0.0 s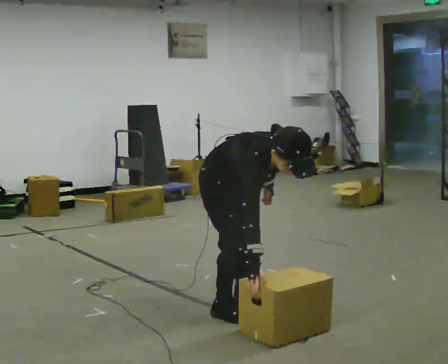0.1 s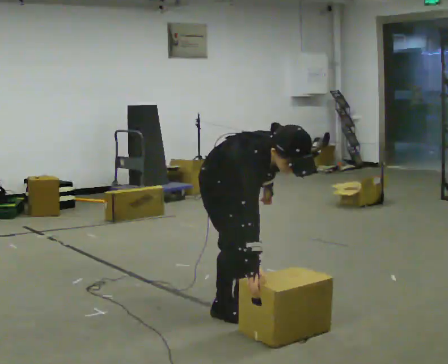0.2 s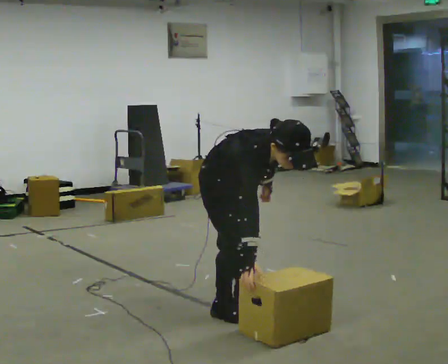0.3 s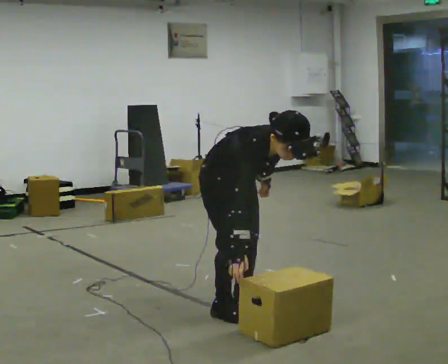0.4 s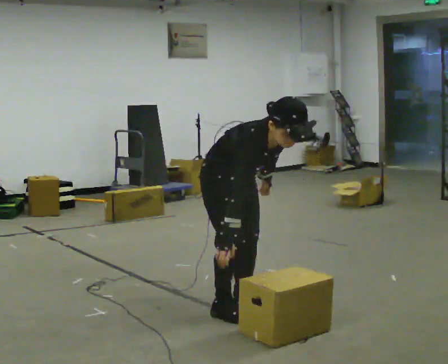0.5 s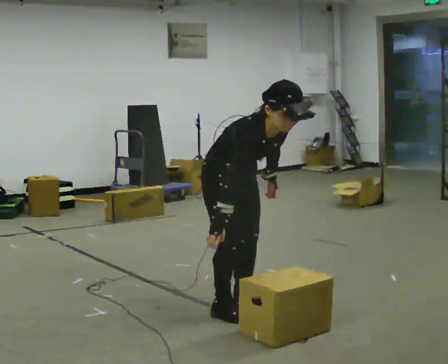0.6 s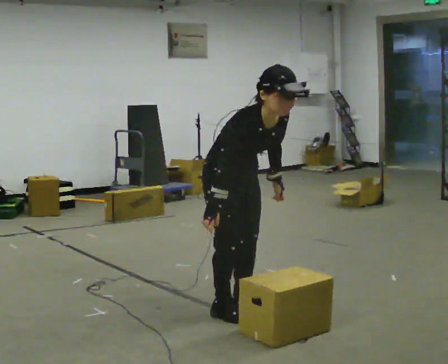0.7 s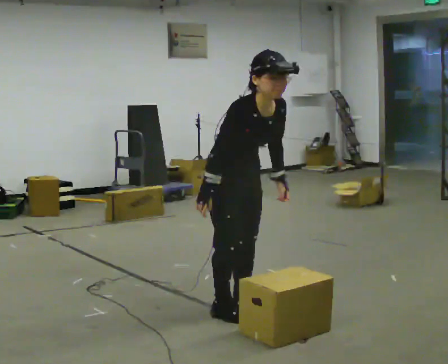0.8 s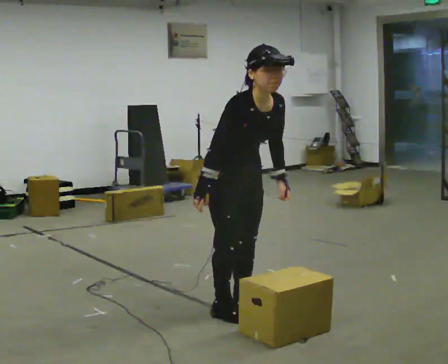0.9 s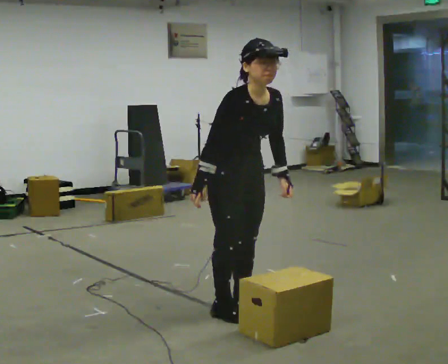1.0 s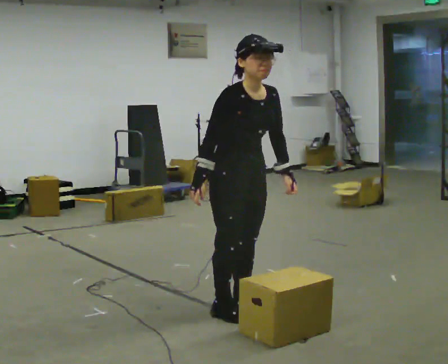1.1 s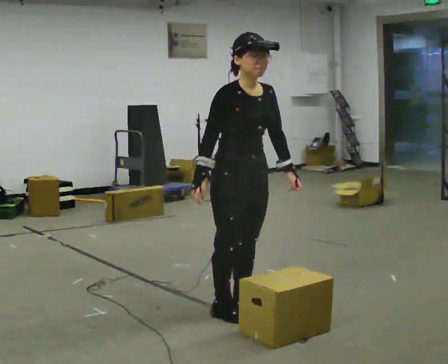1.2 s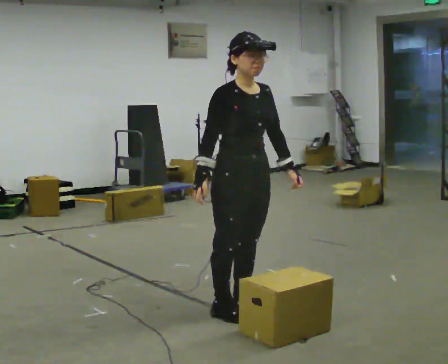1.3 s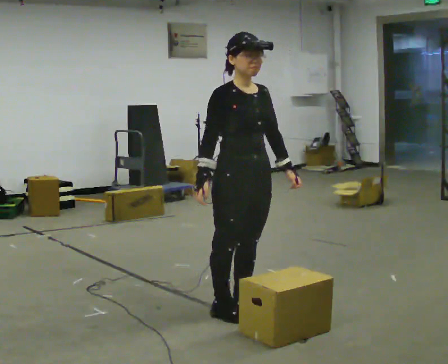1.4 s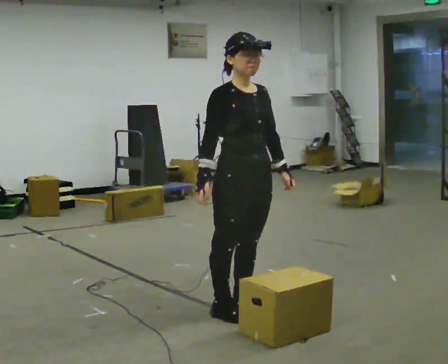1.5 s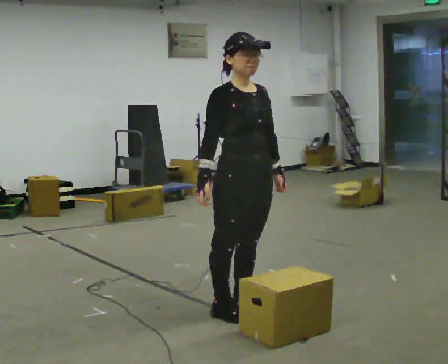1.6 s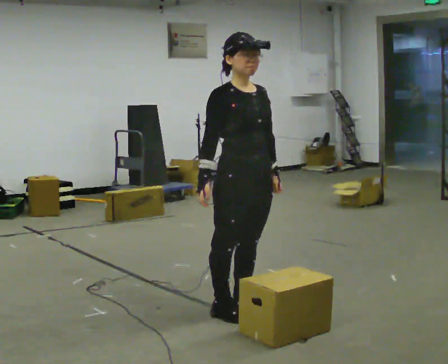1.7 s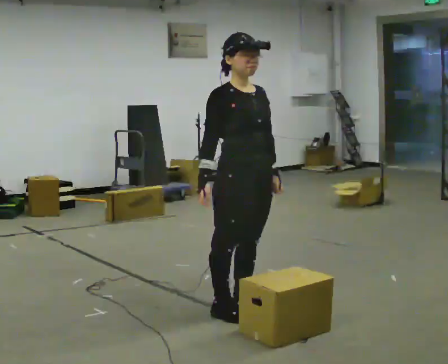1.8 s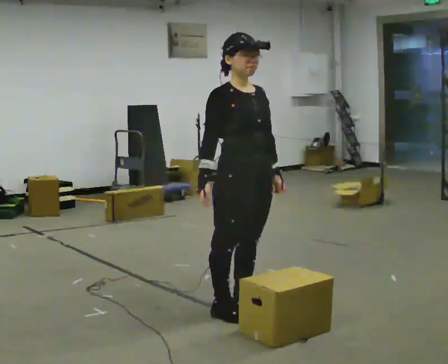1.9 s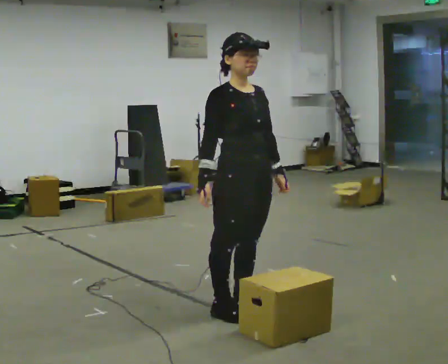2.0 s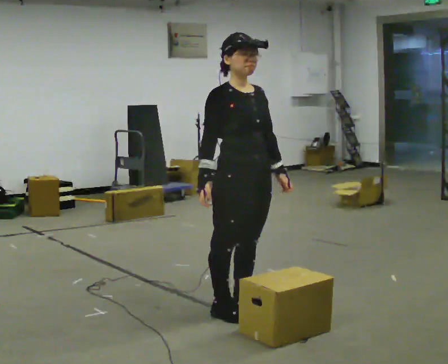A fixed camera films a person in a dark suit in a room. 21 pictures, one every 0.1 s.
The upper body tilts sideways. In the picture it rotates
counterclockwise.
The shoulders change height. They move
upward.
0.0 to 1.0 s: The upper body goes upward. In the picture the upper body tilts counterclockwise, shoulders to the left, as they lean back or straighten.
1.0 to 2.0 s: In the picture the upper body tilts counterclockwise, shoulders to the left, as they lean back or straighten.
The film runs forward here.
